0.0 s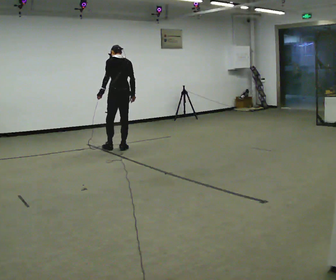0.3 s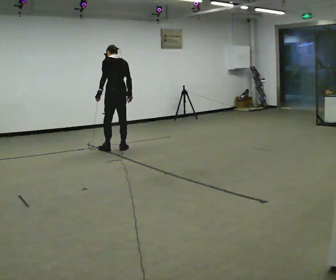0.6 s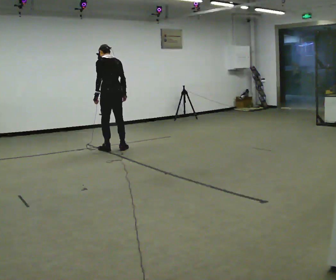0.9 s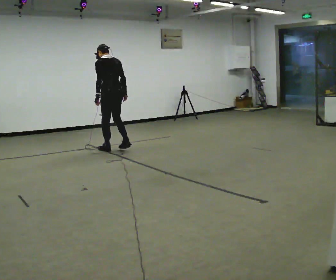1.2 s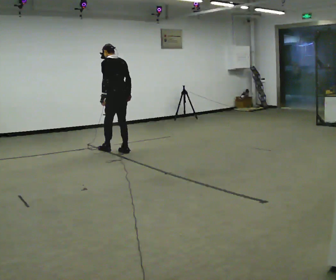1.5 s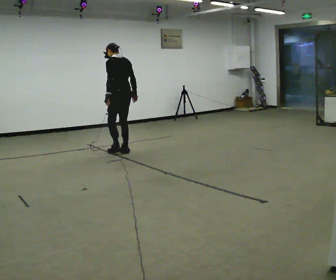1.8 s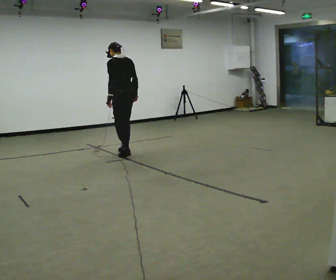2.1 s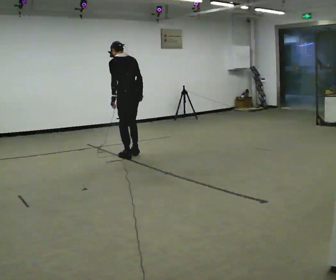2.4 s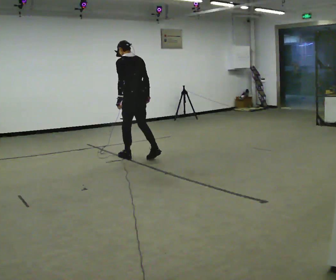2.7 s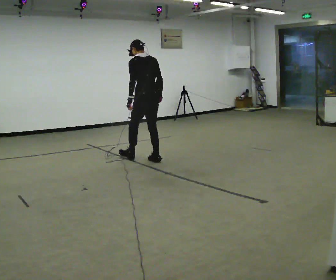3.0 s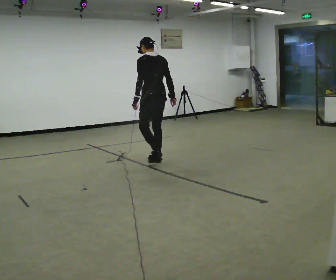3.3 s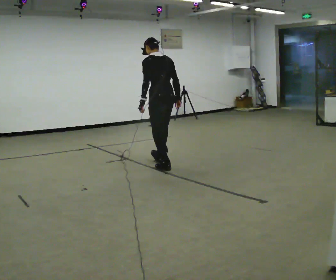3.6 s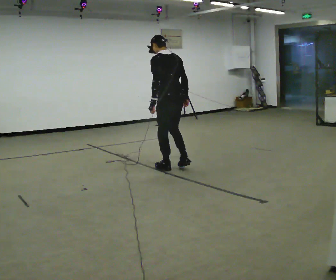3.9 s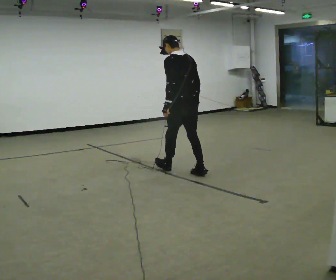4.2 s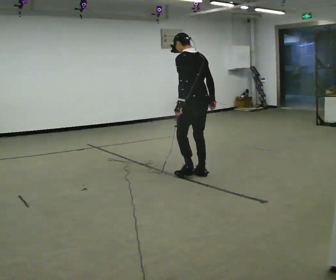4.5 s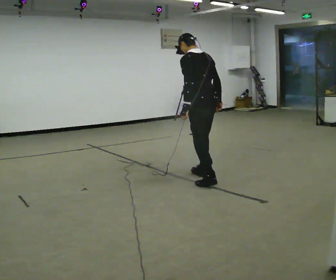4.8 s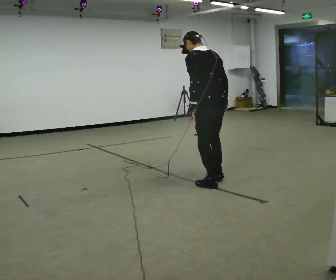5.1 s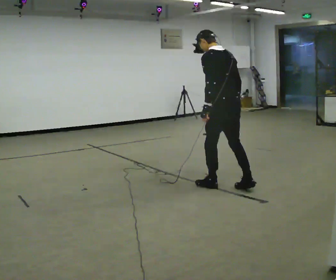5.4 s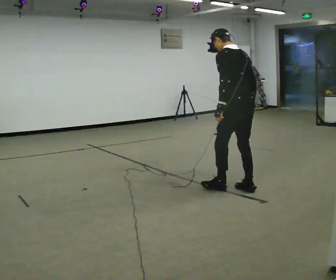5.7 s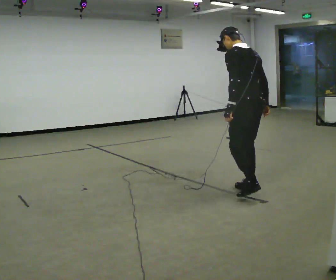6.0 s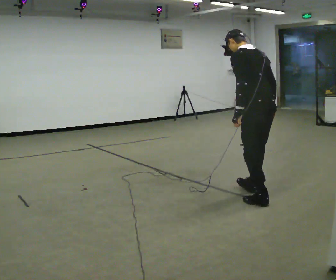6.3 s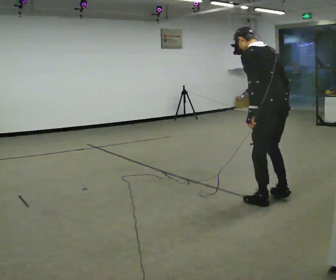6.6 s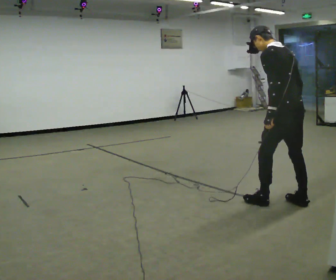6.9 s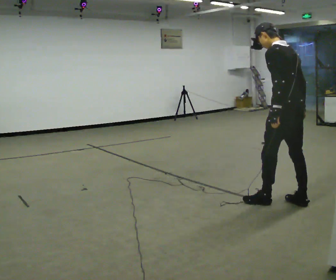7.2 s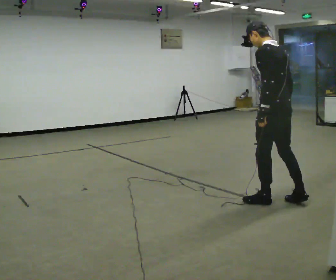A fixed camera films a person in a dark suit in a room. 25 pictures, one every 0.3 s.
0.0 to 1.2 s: In the picture they go toward the camera, about 0.25 m in 2 steps, which for them is backward.
1.2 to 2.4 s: In the picture they go toward the camera and to the right, about 0.5 m in 1 step, which for them is backward.
2.4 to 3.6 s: In the picture they go toward the camera and to the right, about 1 m in 2 steps, which for them is backward.
3.6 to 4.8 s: In the picture they go toward the camera and to the right, about 1 m in 2 steps, which for them is backward.
4.8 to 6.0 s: In the picture they go toward the camera and to the right, about 0.75 m in 2 steps, which for them is backward.
6.0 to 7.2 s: The person moves a little, or ends about where they began.
The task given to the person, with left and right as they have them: Walk backward slowly; stop.
The film runs forward here.
